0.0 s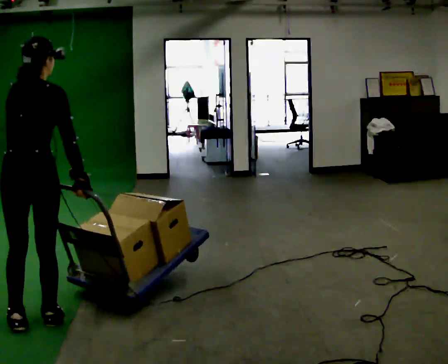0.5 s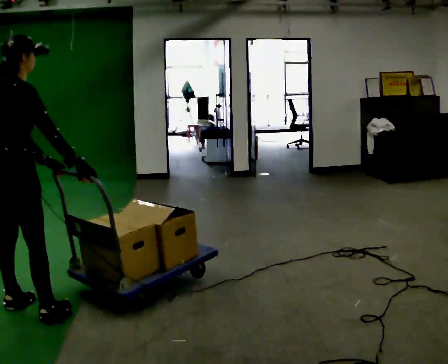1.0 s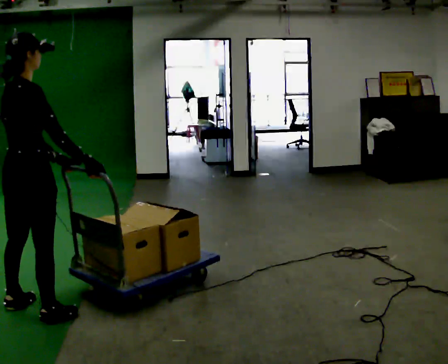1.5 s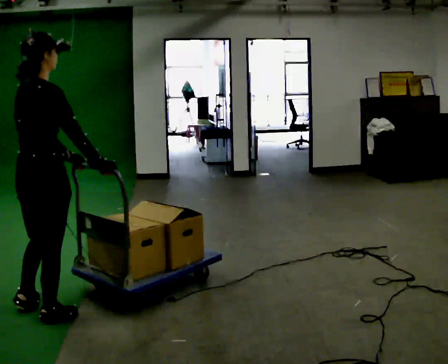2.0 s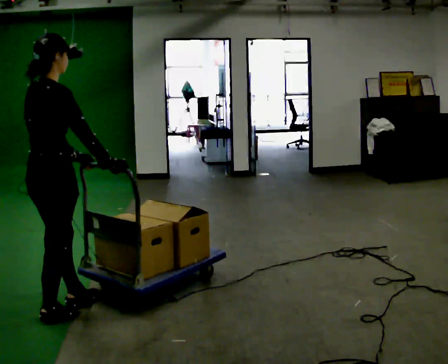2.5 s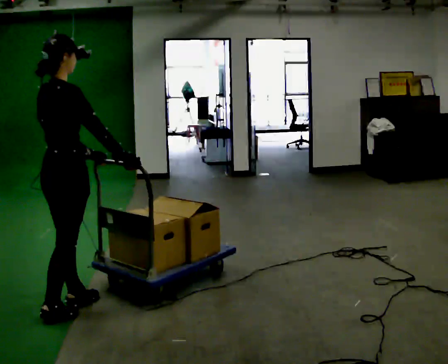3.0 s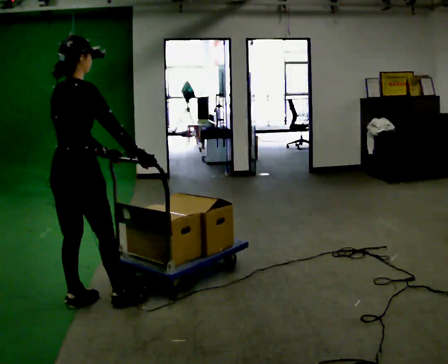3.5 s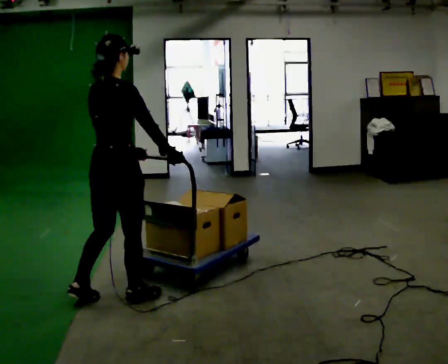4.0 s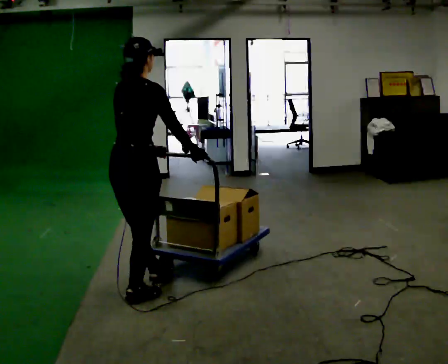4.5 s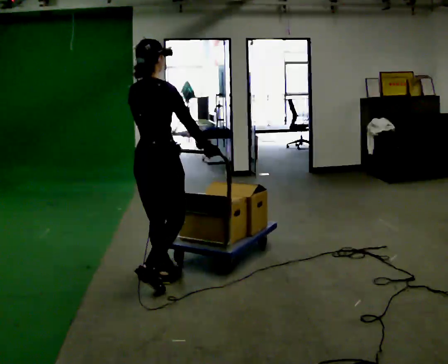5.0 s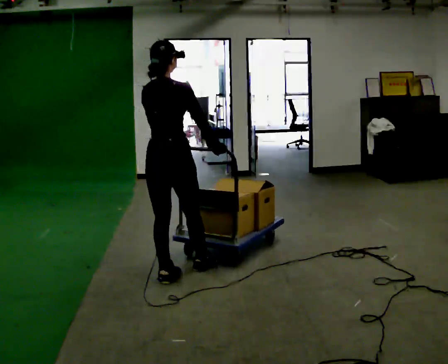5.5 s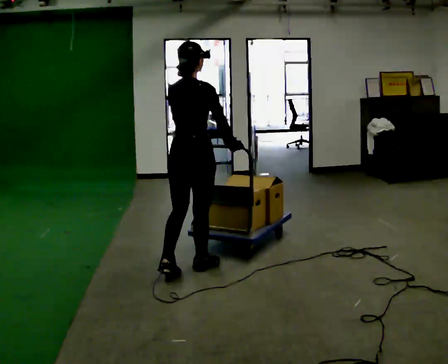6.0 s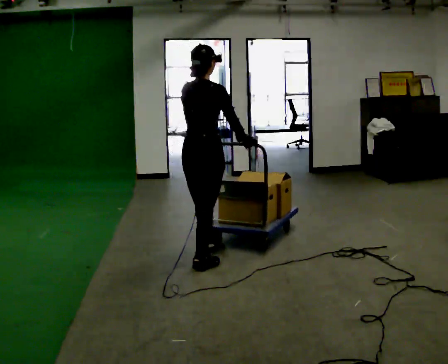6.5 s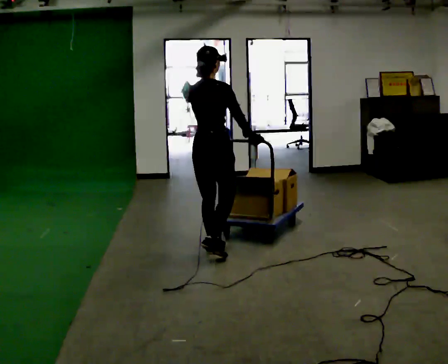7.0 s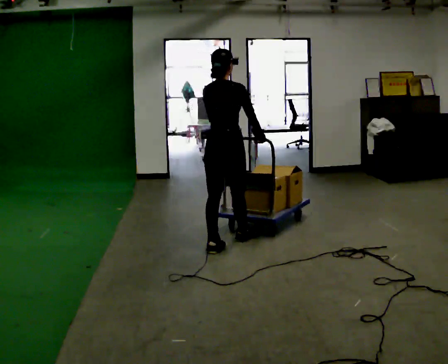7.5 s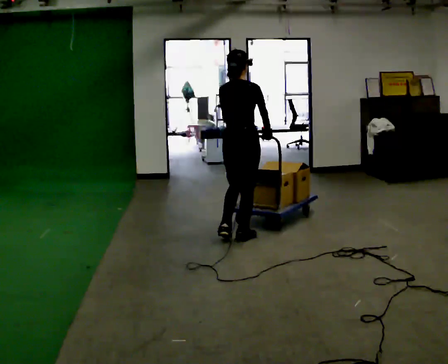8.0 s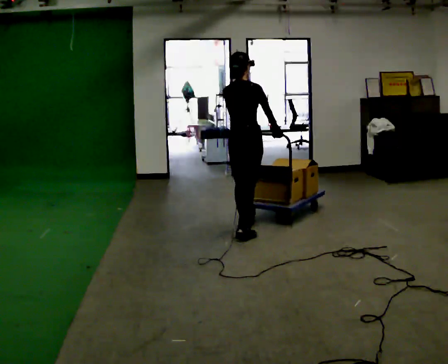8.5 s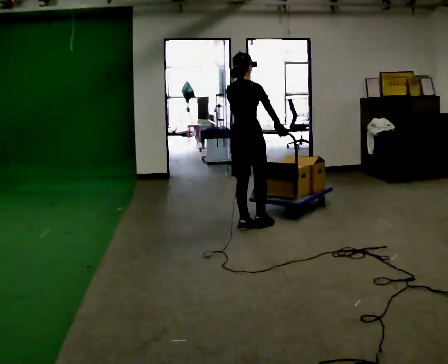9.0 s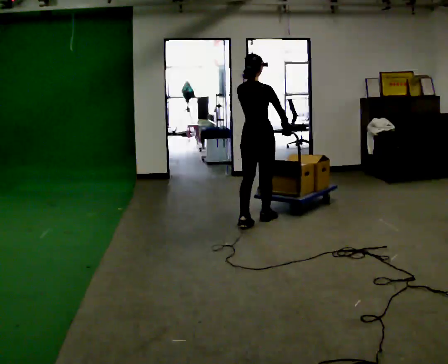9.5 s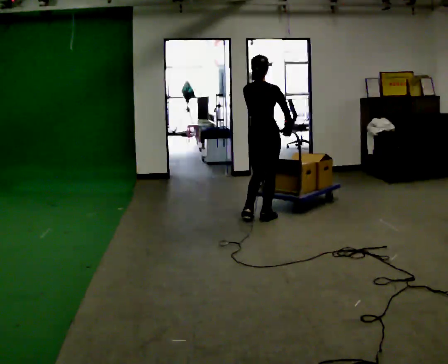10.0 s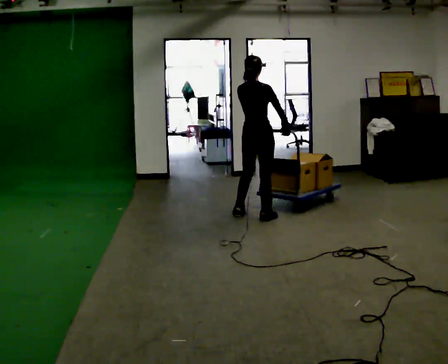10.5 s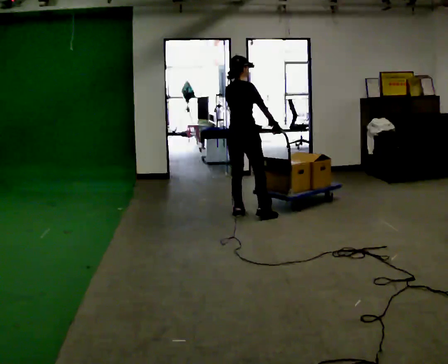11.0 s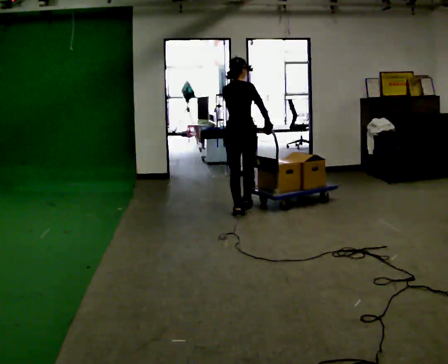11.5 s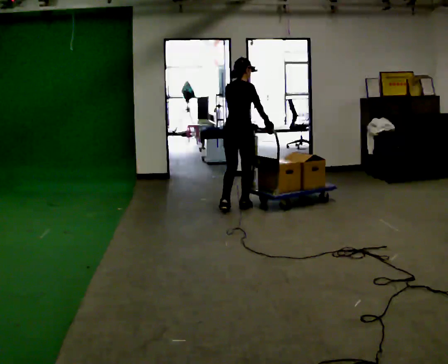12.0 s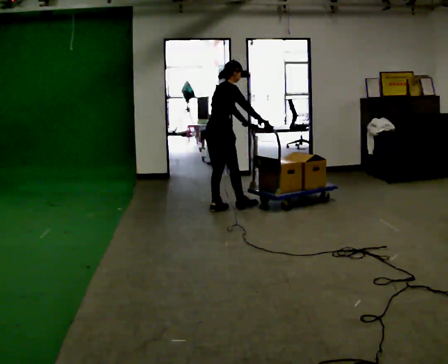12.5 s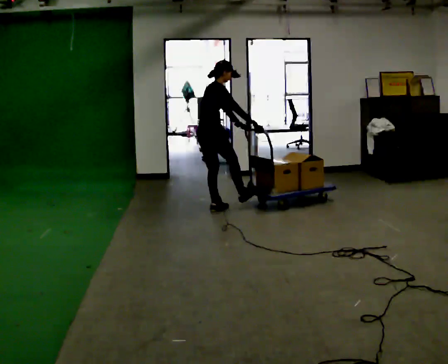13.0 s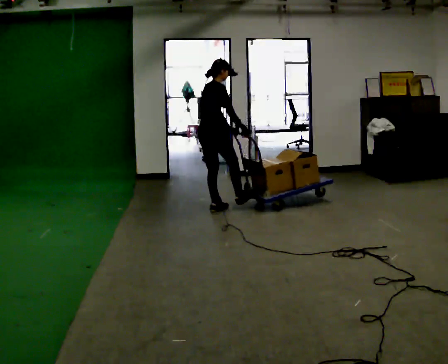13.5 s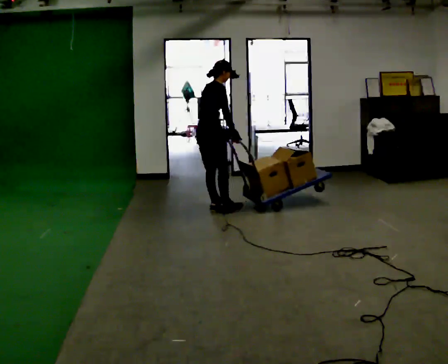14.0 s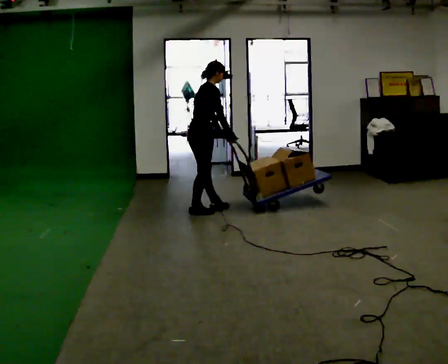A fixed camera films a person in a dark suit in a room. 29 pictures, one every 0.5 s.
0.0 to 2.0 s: The part of the body nearest the lens slides to the left as the person turns to their right by about 45 degrees.
2.0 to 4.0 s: In the picture they go to the right and away from the camera, about 0.5 m in 1 step, which for them is forward.
4.0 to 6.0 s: In the picture they go away from the camera and to the right, about 0.5 m in 2 steps, which for them is forward.
6.0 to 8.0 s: In the picture they go away from the camera, about 1 m in 3 steps, which for them is forward.
8.0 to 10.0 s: In the picture they go away from the camera, about 0.5 m in 2 steps, which for them is forward.
10.0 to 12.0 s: The person turns about 30 degrees to their right, clockwise seen from above, so the part of the body nearest the lens slides to the left. In the picture they go away from the camera and to the left, about 0.5 m in 2 steps, which for them is to their left and forward. In the picture the upper body tilts clockwise, shoulders to the right.
12.0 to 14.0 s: In the picture they go to the left, about 0.25 m in 1 step, which for them is backward. In the picture their right hand goes to the left.
The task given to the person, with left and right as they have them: Push the loaded cart from one corner of the room to the other, turn it round, and push it back. Keep going until the operator says stop.
The film runs forward here.
